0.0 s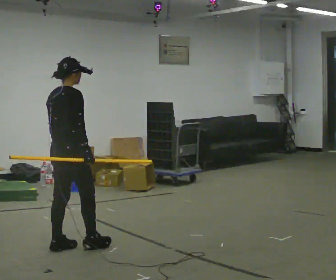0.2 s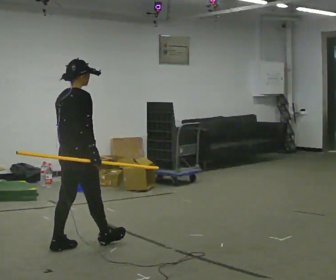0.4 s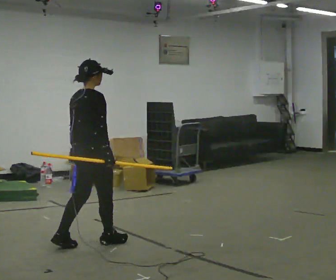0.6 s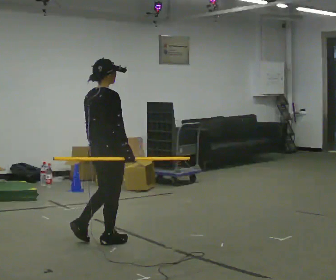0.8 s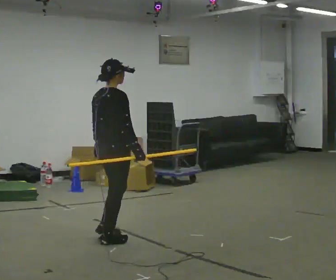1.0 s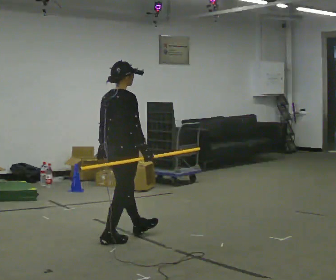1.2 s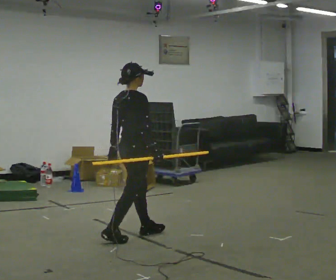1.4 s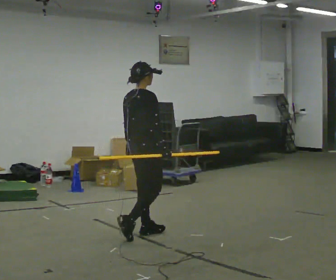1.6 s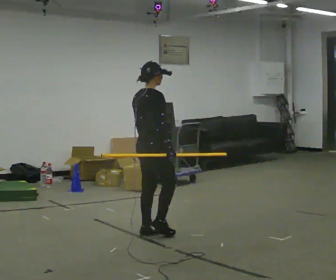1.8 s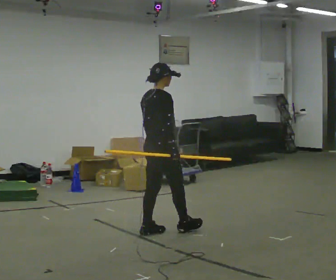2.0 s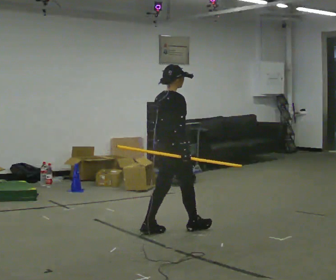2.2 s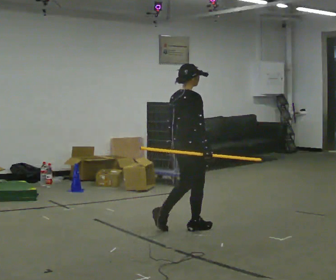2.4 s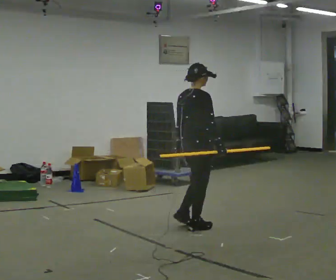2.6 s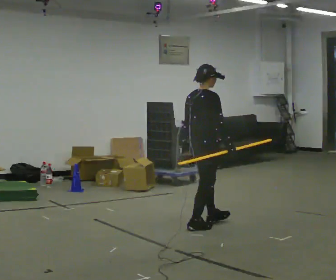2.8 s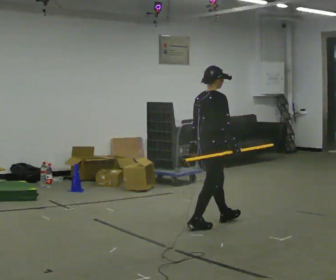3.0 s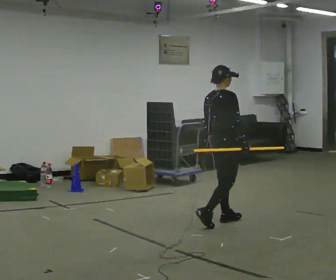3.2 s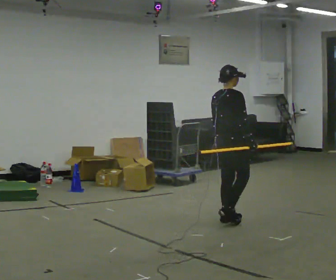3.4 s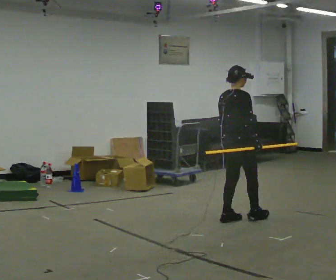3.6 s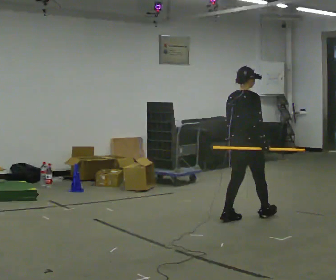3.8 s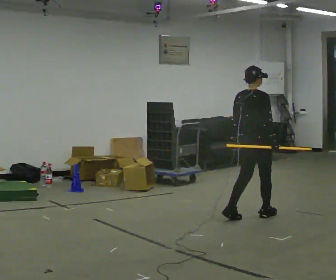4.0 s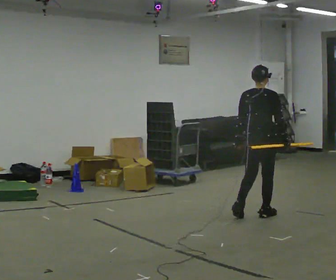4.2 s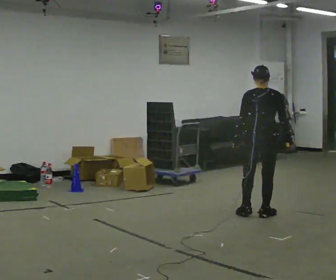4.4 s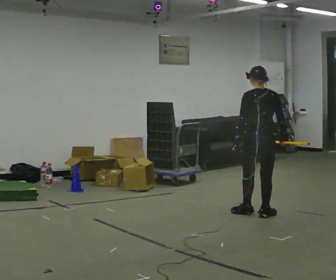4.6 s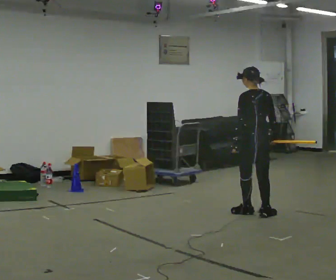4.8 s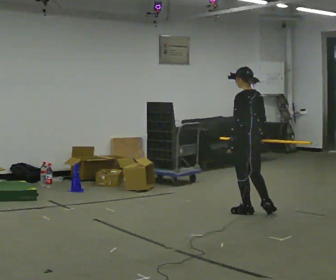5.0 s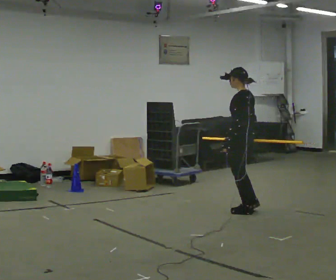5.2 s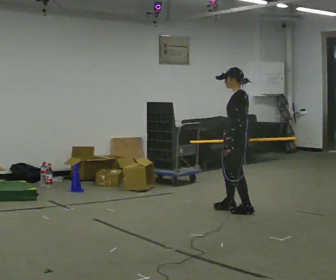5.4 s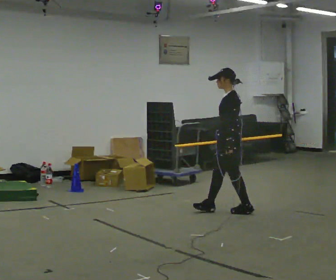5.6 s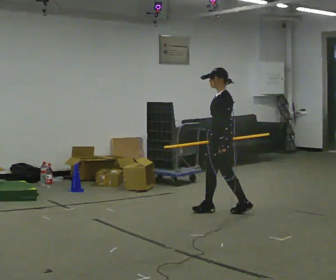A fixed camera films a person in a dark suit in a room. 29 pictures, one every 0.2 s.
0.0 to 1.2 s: In the picture they go away from the camera and to the right, about 0.75 m in 2 steps, which for them is forward.
1.2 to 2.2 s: In the picture they go to the right and away from the camera, about 0.5 m in 1 step, which for them is forward.
2.2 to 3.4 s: In the picture they go away from the camera and to the right, about 0.5 m in 1 step, which for them is forward.
3.4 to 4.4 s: Seen from above the body turns counterclockwise, about 75 degrees: to their left, with its near side sliding to the right. In the picture they go away from the camera and to the right, about 0.25 m in 2 steps.
4.4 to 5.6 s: Seen from above the body turns counterclockwise, about 90 degrees: to their left, with its near side sliding to the right. In the picture they go to the left, about 0.5 m in 1 step.
The film runs forward here.
